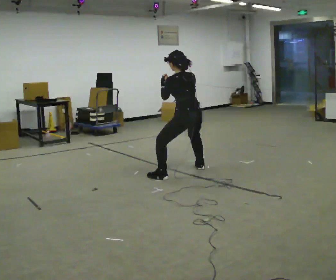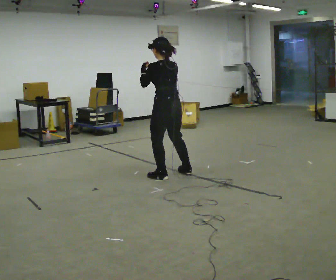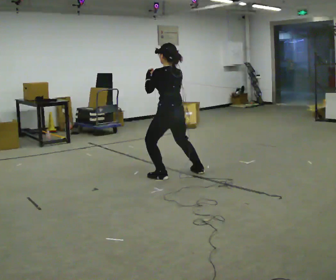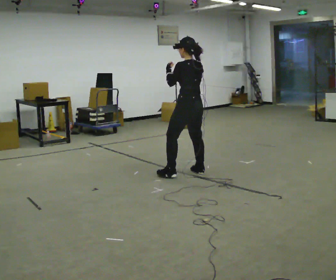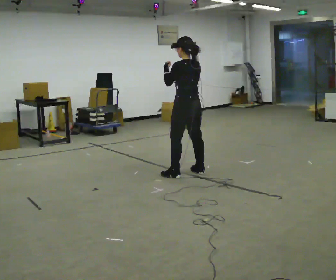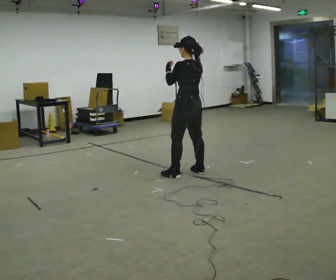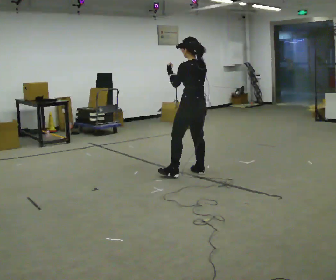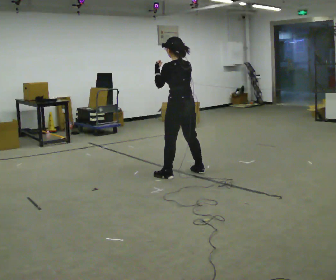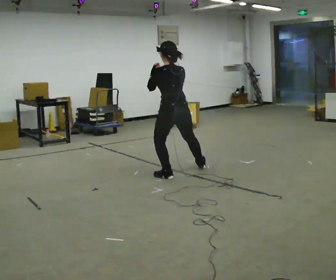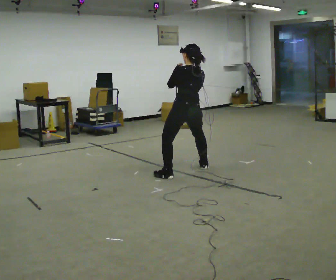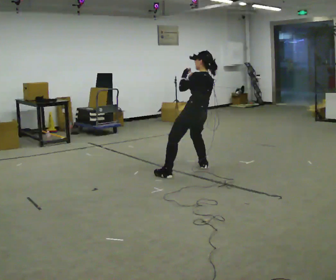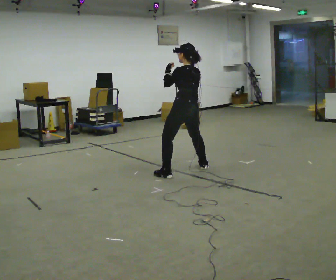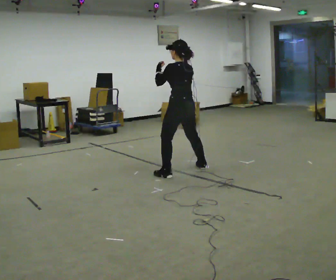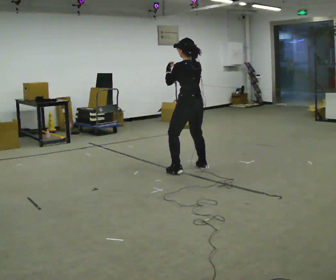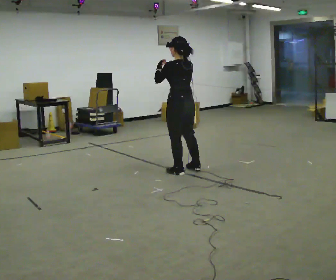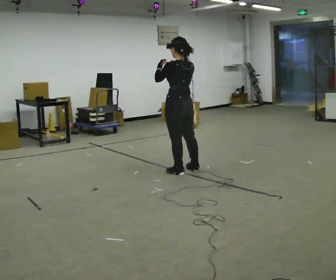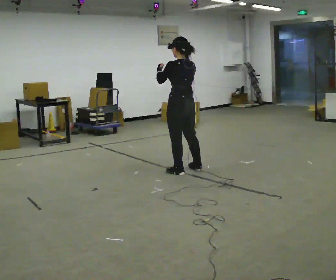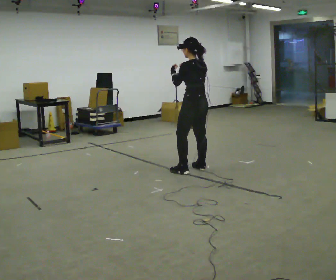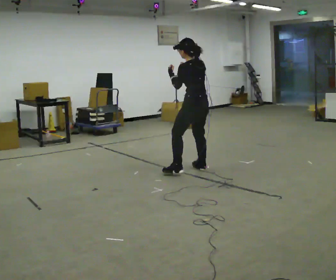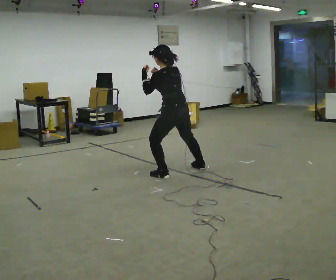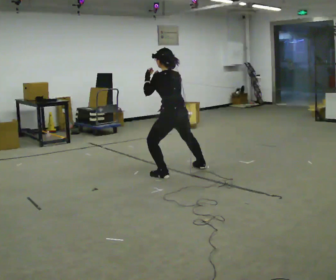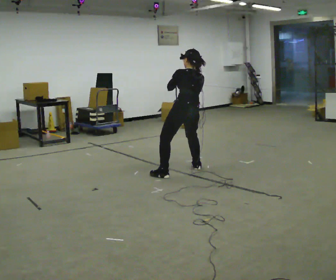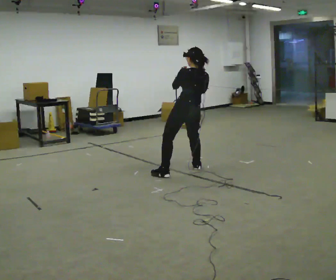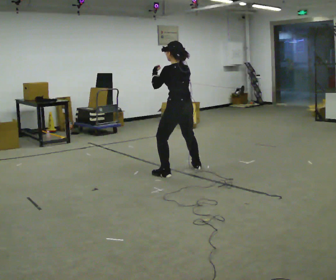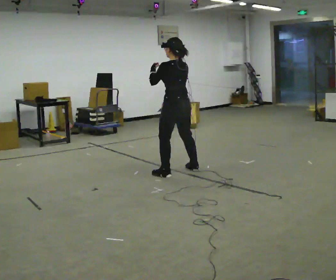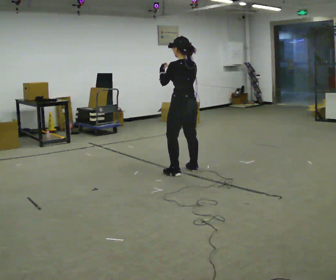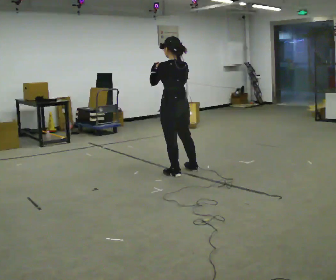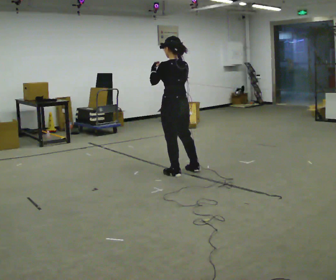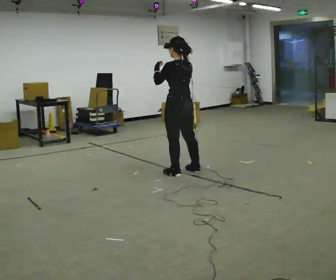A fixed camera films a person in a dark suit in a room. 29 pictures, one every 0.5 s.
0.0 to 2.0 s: The person moves a little, or ends about where they began.
2.0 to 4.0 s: In the picture they go to the left, about 0.25 m in 1 step, which for them is to their left.
4.0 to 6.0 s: In the picture they go away from the camera, about 0.25 m, which for them is to their right.
6.0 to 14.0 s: The person moves a little, or ends about where they began.
The film runs backward here.
